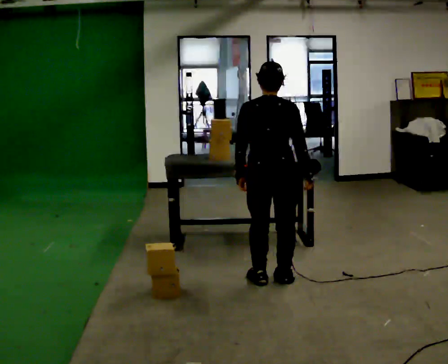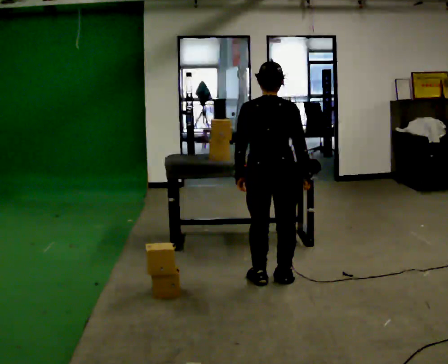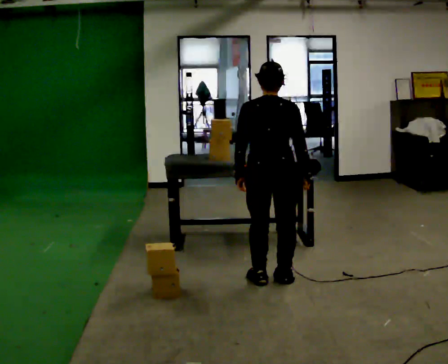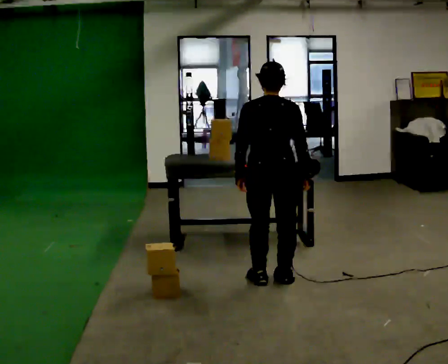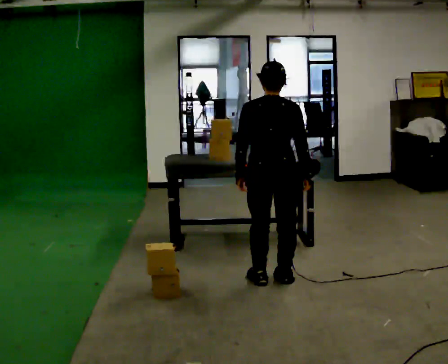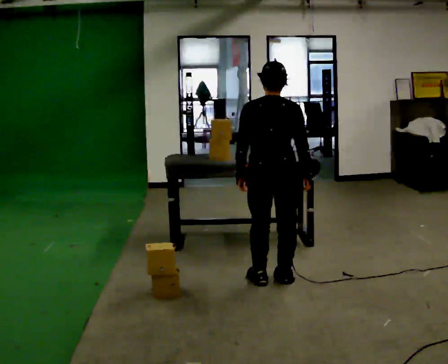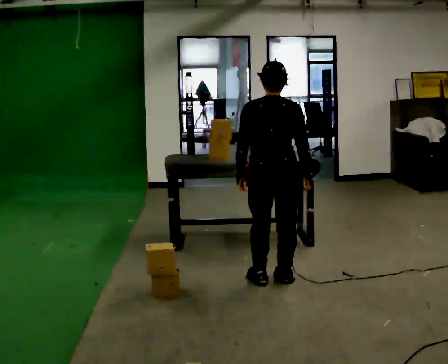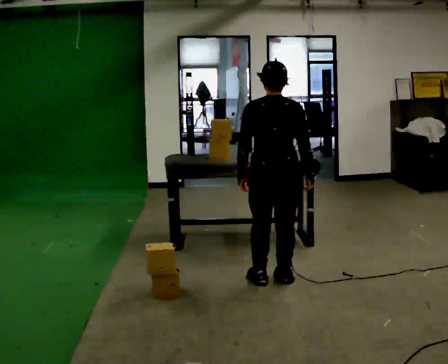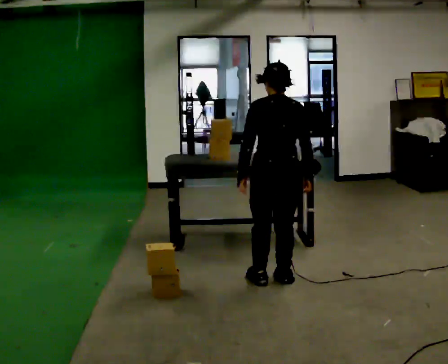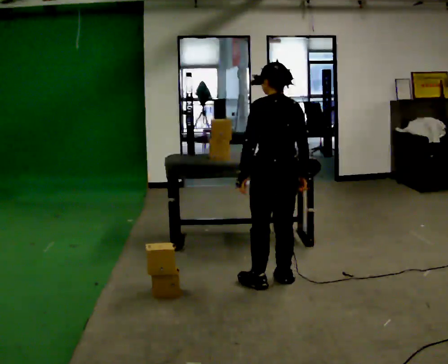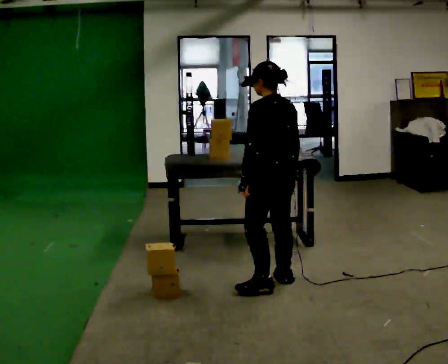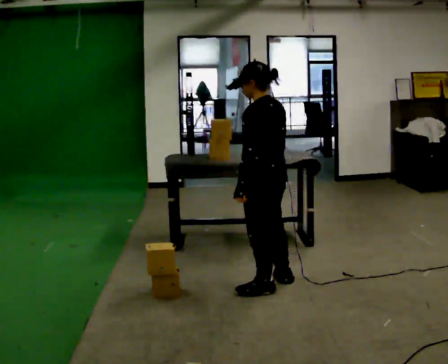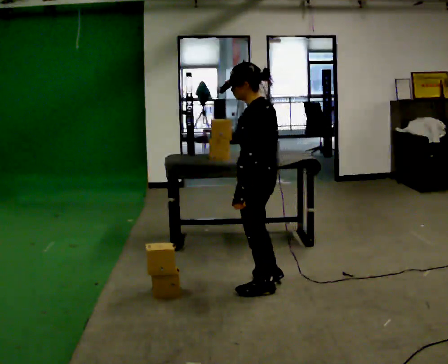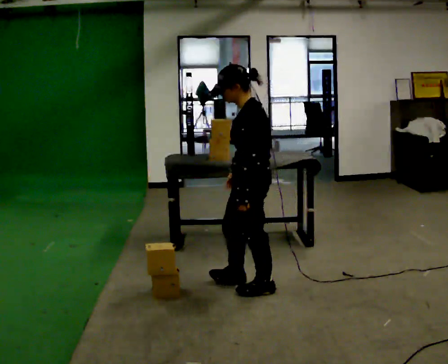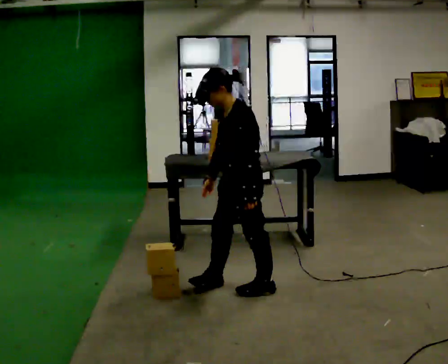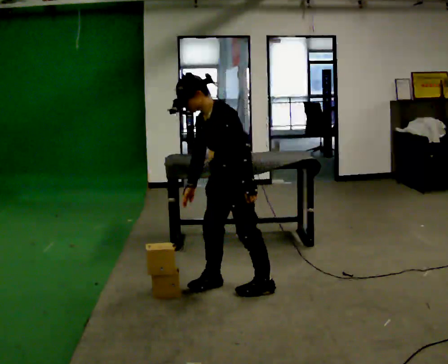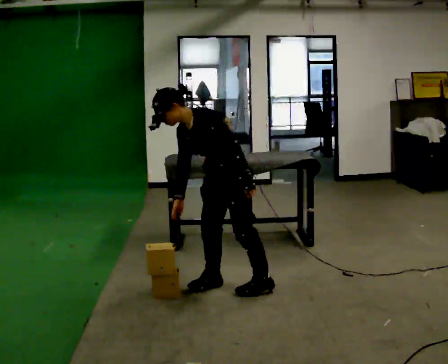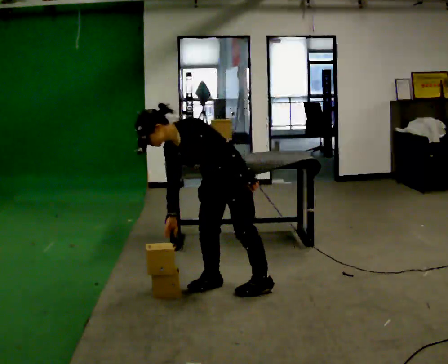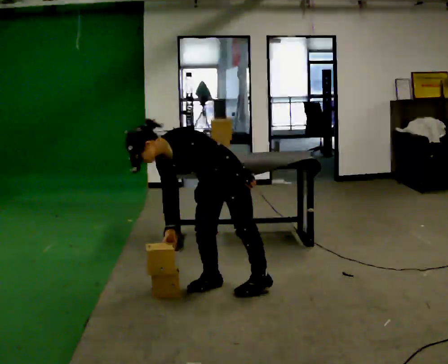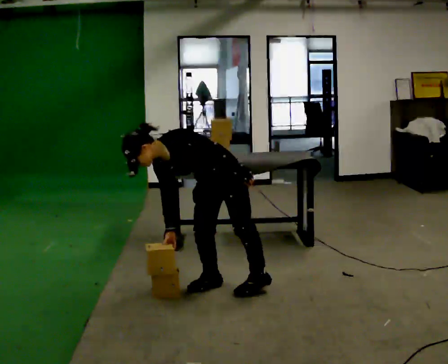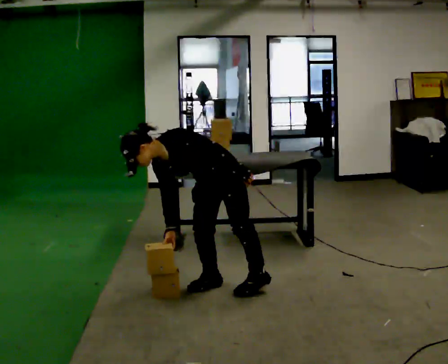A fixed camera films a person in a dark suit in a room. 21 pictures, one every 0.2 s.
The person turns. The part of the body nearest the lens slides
to the right.
The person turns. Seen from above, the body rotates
counterclockwise.
0.0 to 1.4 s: The person moves a little, or ends about where they began.
1.4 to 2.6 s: Seen from above the body turns counterclockwise, about 75 degrees: to their left, with its near side sliding to the right. In the picture their right hand goes to the left.
2.6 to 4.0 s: Seen from above the body turns counterclockwise, about 45 degrees: to their left, with its near side sliding to the right. In the picture they go to the left, about 0.25 m in 1 step, which for them is to their right. The upper body goes downward. In the picture the upper body tilts counterclockwise, shoulders to the left, as they bend forward.
The film runs forward here.
